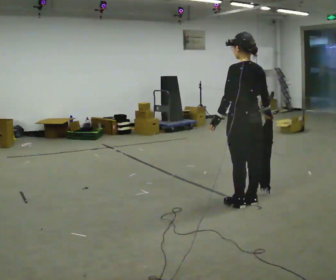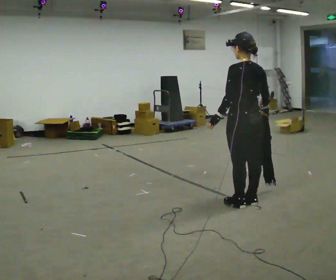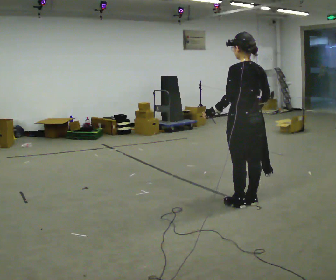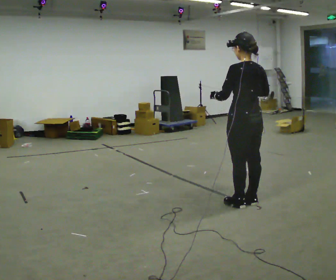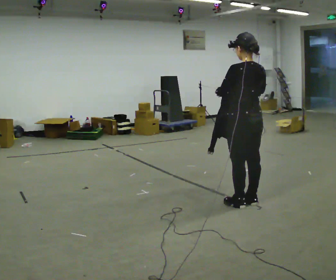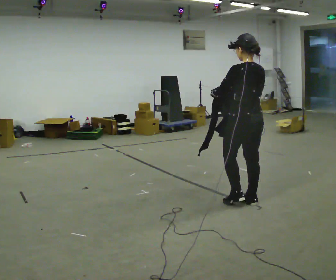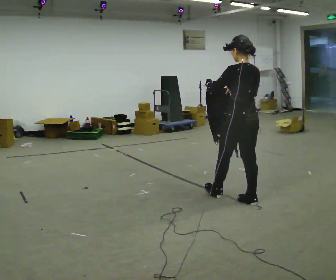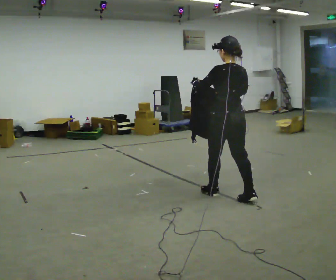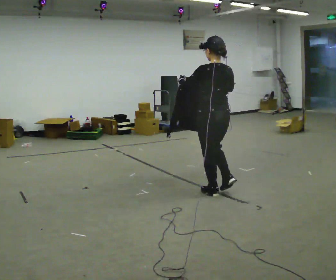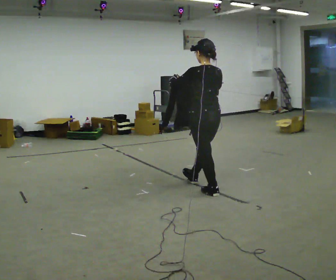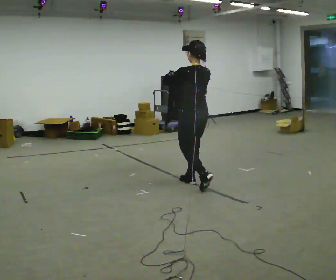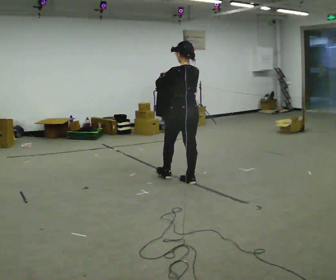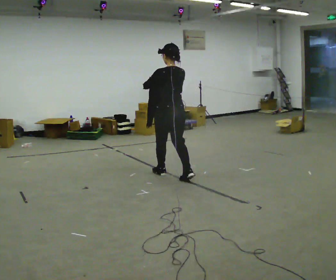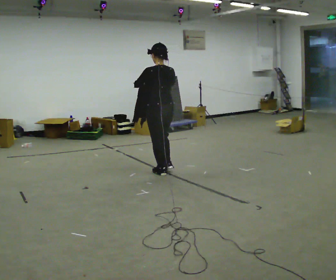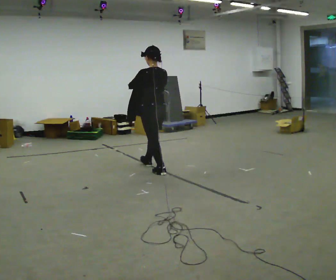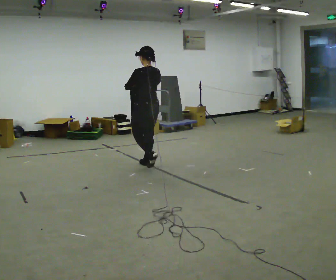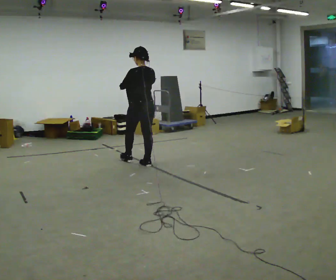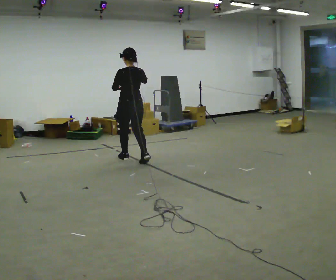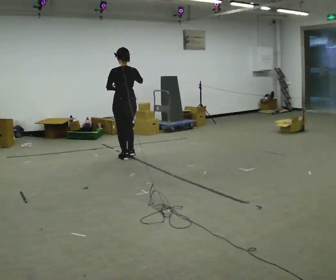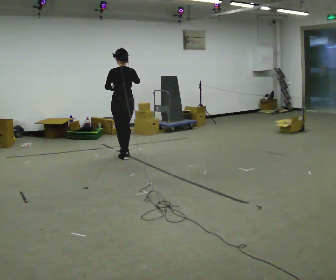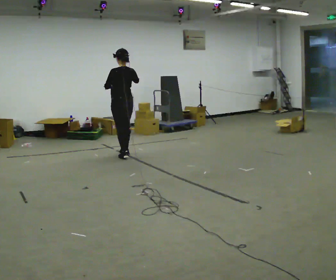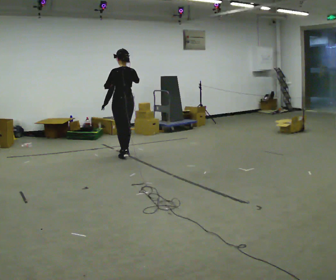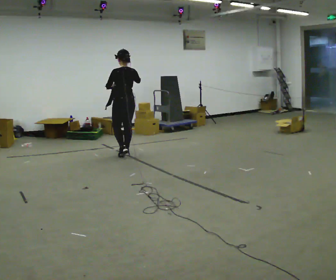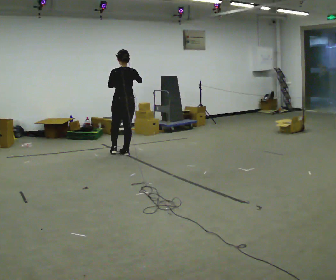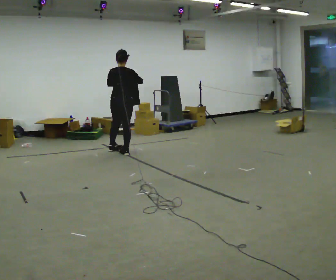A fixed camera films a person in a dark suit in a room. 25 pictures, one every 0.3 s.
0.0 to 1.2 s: The person moves a little, or ends about where they began.
1.2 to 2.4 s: In the picture they go away from the camera and to the left, about 0.5 m in 1 step, which for them is forward.
2.4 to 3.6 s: In the picture they go away from the camera and to the left, about 1 m in 2 steps, which for them is forward.
3.6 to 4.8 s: In the picture they go away from the camera and to the left, about 0.5 m in 1 step, which for them is forward.
4.8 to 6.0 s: In the picture they go away from the camera and to the left, about 0.75 m in 2 steps, which for them is forward.
6.0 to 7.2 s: The part of the body nearest the lens slides to the left as the person turns to their right by about 45 degrees.
The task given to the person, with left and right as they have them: Carry the cloth and, while walking, fold it in half, then unfold it. Keep repeating as you walk. Do not stop.
The film runs forward here.
